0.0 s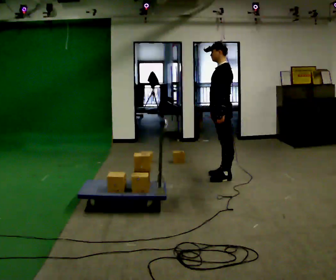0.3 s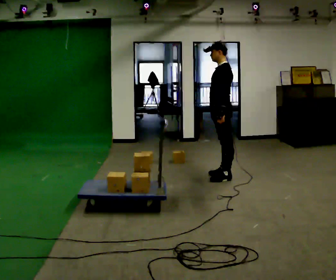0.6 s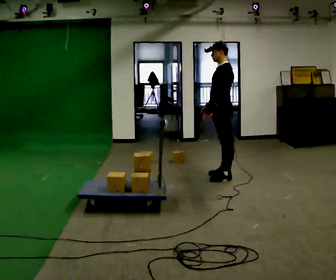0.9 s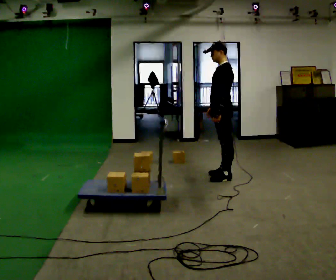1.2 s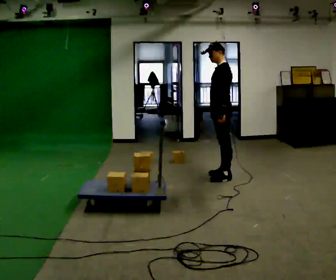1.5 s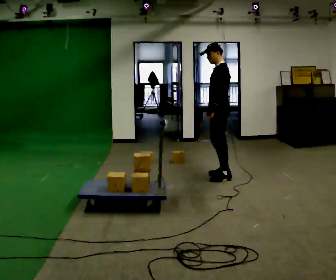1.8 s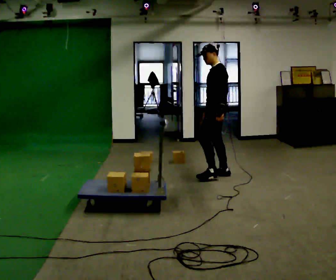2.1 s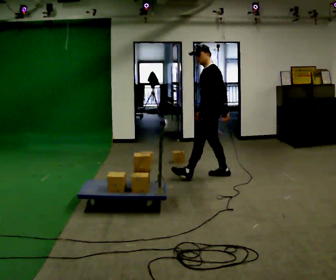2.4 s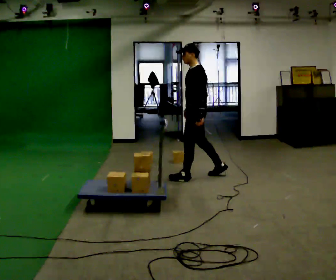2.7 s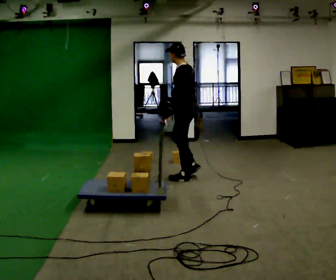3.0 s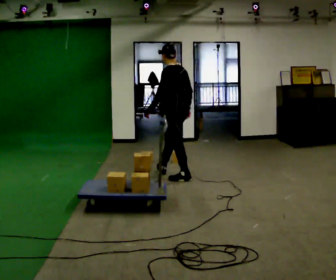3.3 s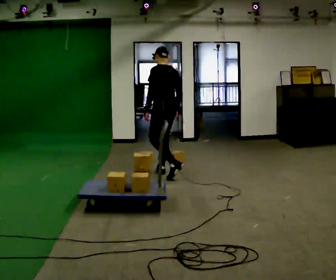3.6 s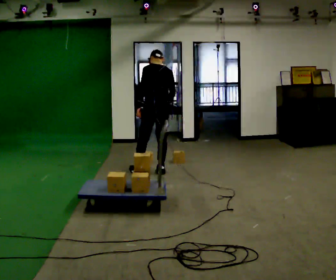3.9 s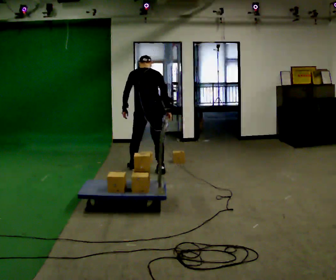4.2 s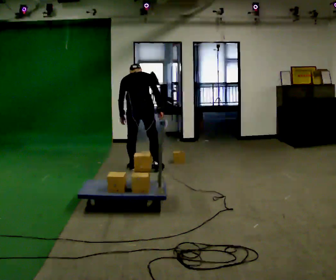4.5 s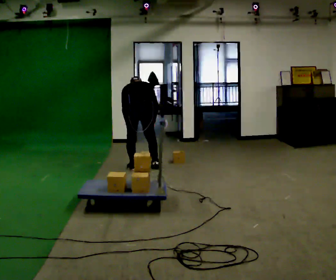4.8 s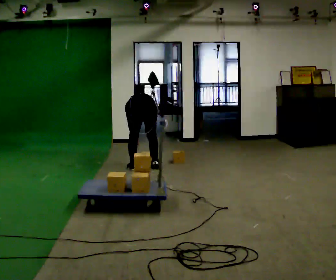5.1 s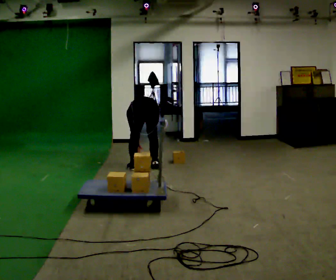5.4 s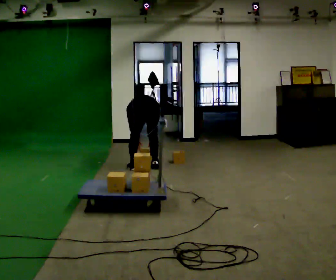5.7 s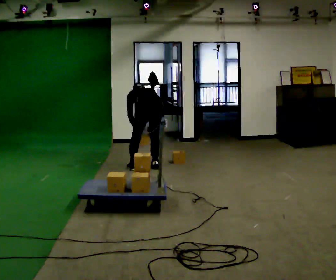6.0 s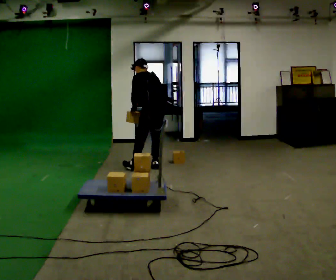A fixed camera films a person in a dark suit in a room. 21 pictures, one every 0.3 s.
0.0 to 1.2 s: The person moves a little, or ends about where they began.
1.2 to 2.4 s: In the picture they go to the left, about 0.25 m in 1 step, which for them is forward.
2.4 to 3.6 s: The person turns about 60 degrees to their right, clockwise seen from above, so the part of the body nearest the lens slides to the left. In the picture they go to the left, about 0.5 m in 1 step.
3.6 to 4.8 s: In the picture they go to the left, about 0.25 m in 2 steps, which for them is to their left. The shoulders move downward. The upper body tips away from the camera, its near side rolling upward, as they bend forward. In the picture their left hand goes downward.
4.8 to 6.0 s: The person turns about 30 degrees to their left, counterclockwise seen from above, so the part of the body nearest the lens slides to the right. In the picture they go to the right, about 0.25 m, which for them is to their right. The upper body goes upward. The upper body tips toward the camera, its near side rolling downward, as they lean back or straighten. In the picture their right hand goes upward.
The film runs forward here.
